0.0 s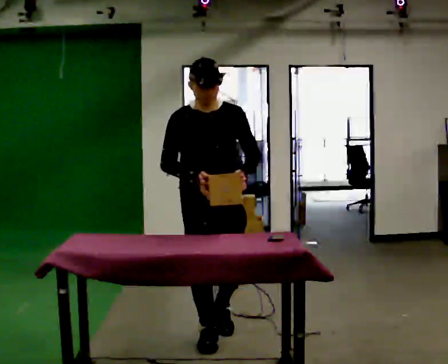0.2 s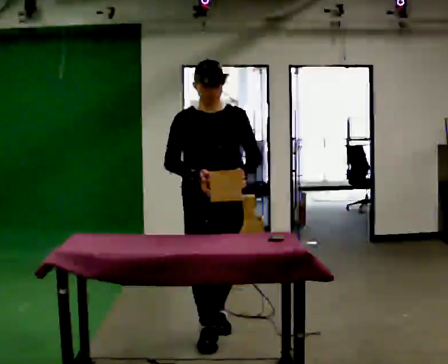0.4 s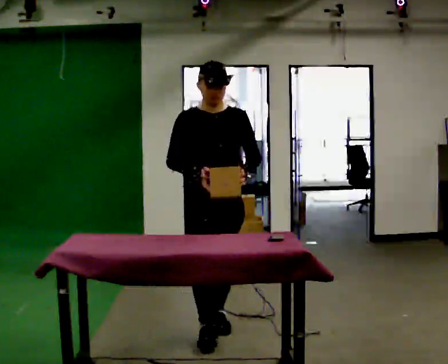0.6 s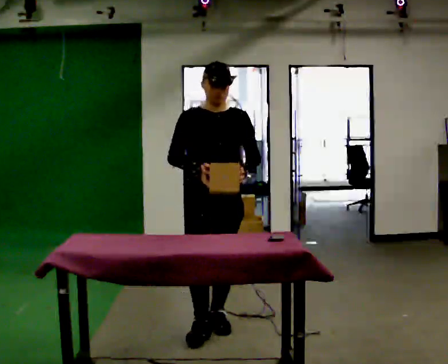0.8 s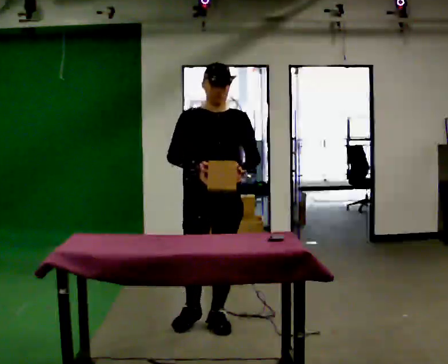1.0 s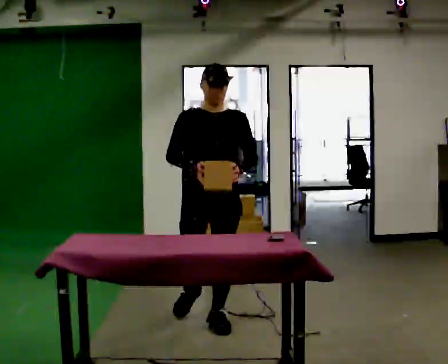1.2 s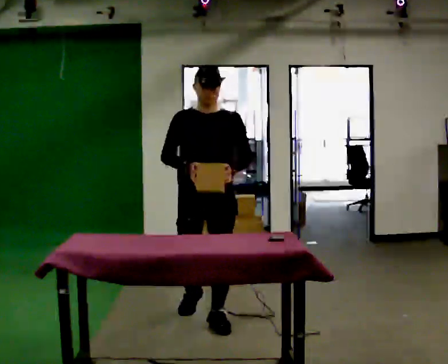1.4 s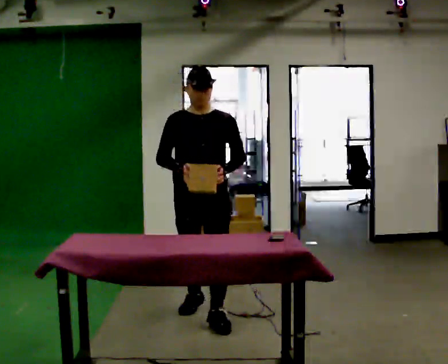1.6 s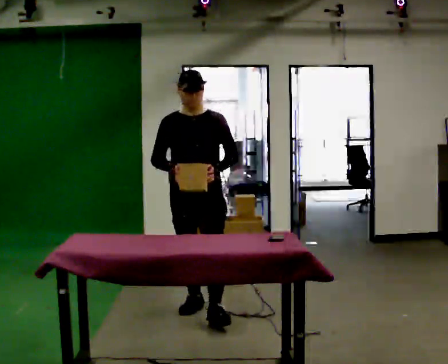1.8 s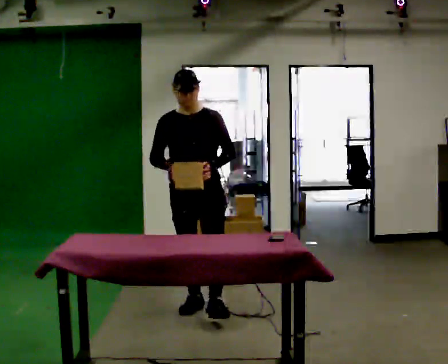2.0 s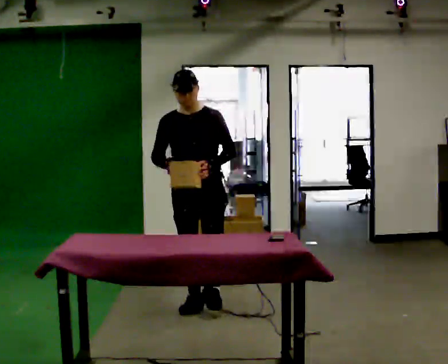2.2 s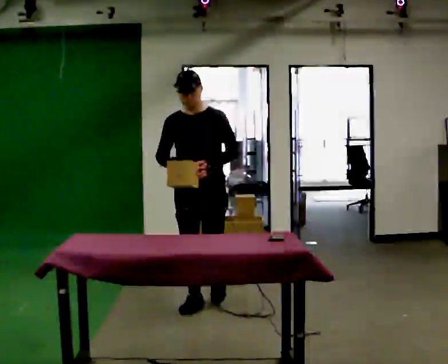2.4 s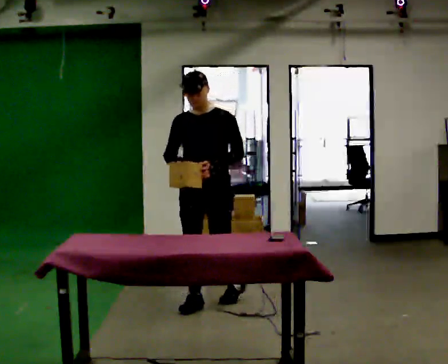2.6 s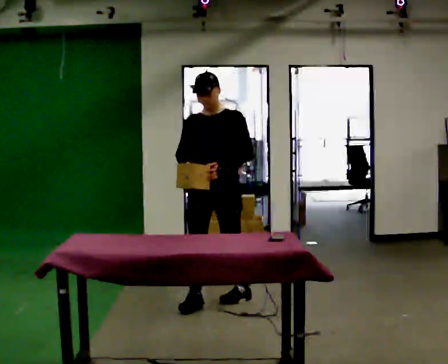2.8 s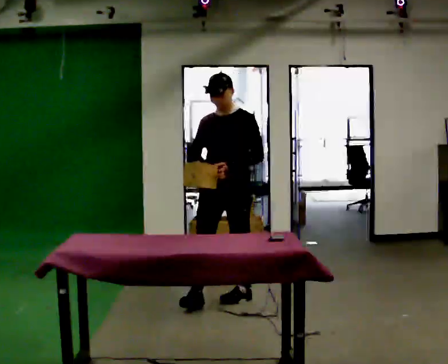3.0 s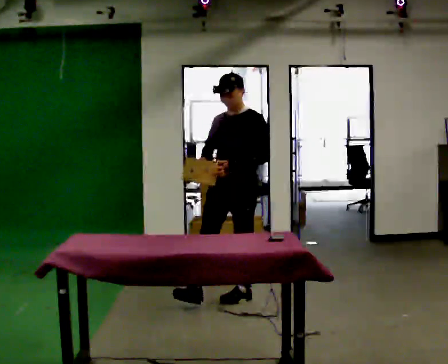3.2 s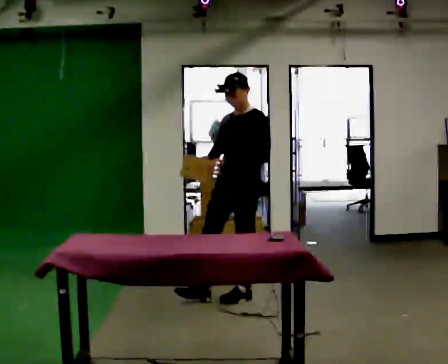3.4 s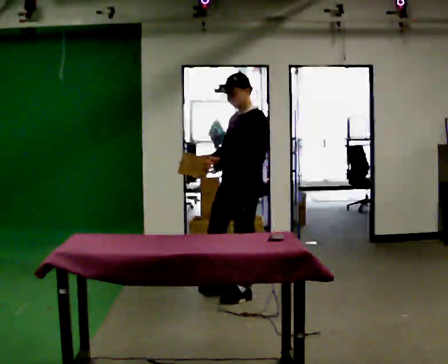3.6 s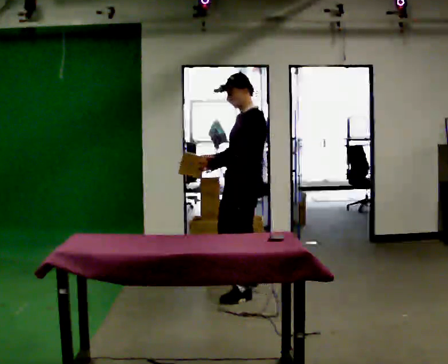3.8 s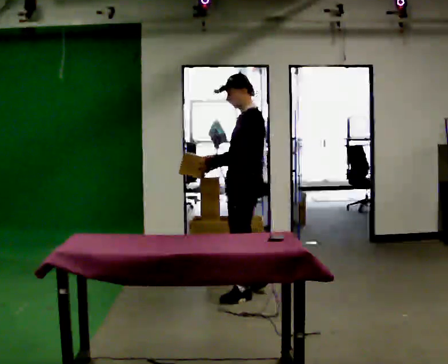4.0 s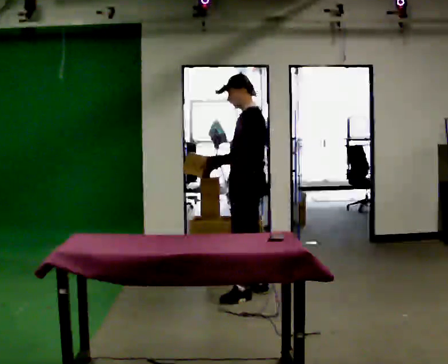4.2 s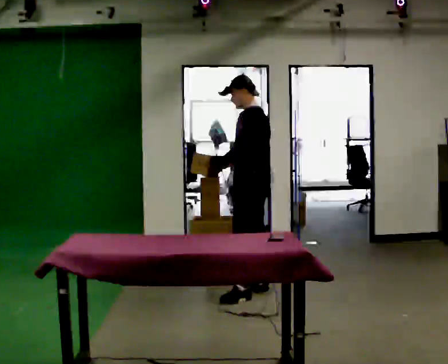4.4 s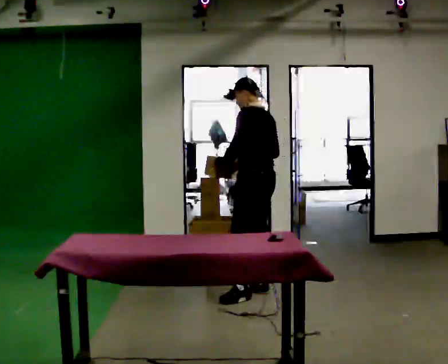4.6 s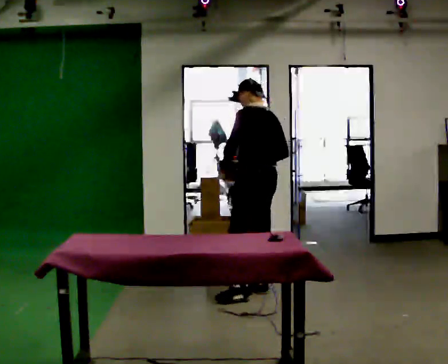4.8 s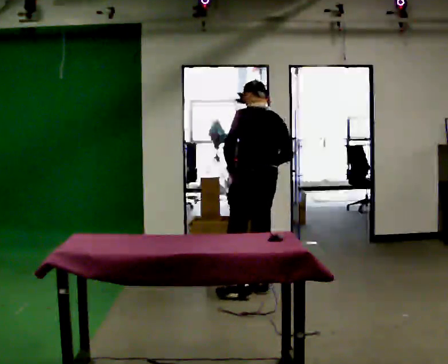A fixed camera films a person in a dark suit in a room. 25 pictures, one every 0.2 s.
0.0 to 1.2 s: In the picture they go away from the camera, about 0.5 m in 1 step, which for them is backward.
1.2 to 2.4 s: In the picture they go away from the camera, about 0.5 m in 1 step, which for them is backward.
2.4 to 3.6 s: The person turns about 60 degrees to their right, clockwise seen from above, so the part of the body nearest the lens slides to the left. In the picture they go to the right and away from the camera, about 0.25 m in 1 step, which for them is backward and to their left.
3.6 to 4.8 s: Seen from above the body turns clockwise, about 75 degrees: to their right, with its near side sliding to the left. In the picture they go away from the camera, about 0.25 m.
The film runs backward here.
